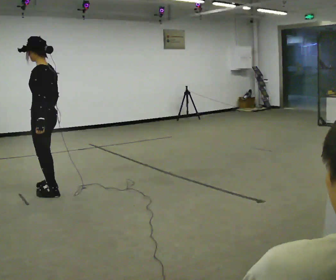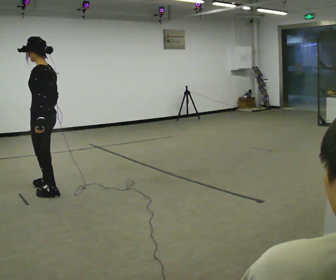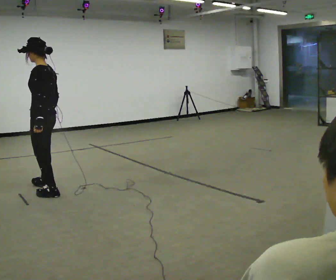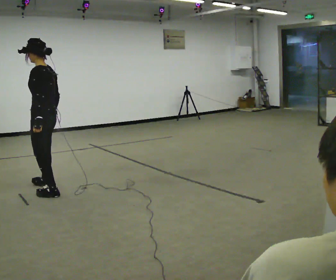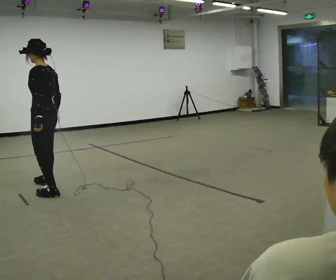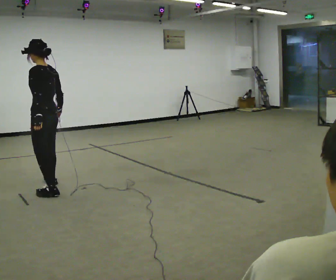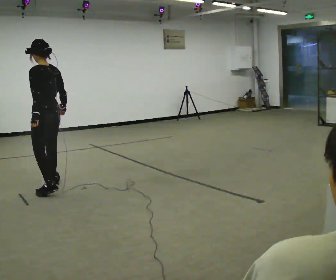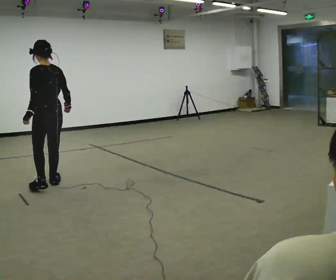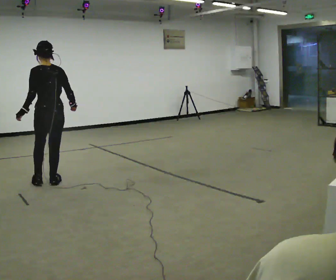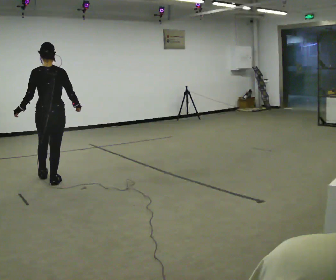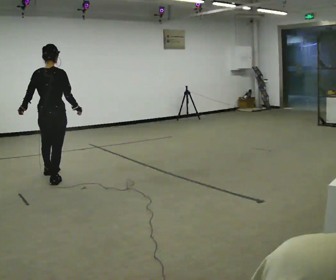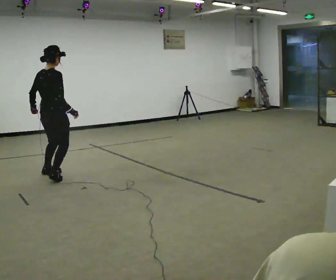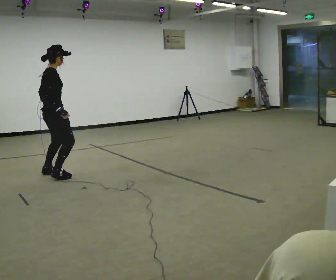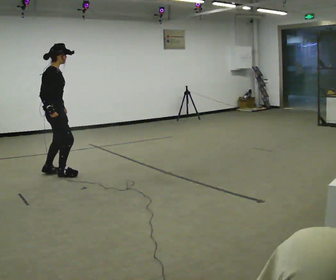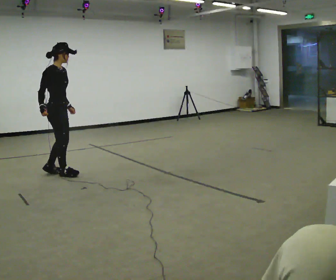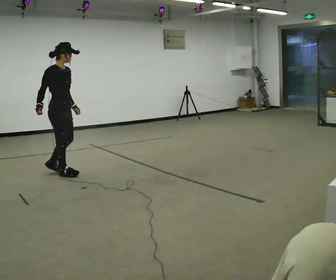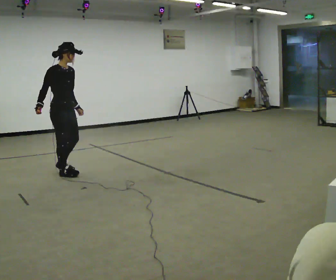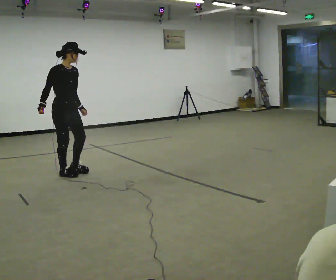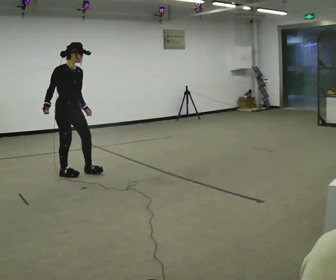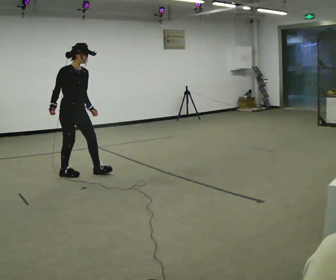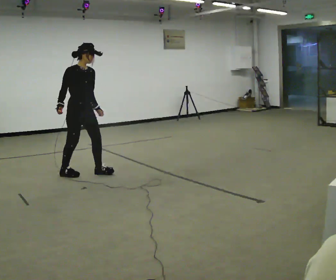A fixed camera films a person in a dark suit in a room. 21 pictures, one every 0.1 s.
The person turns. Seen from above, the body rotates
clockwise.
The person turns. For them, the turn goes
to their right.
0.0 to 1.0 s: The person turns about 75 degrees to their right, clockwise seen from above, so the part of the body nearest the lens slides to the left. In the picture they go away from the camera, about 0.5 m in 1 step.
1.0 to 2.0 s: The part of the body nearest the lens slides to the left as the person turns to their right by about 135 degrees. In the picture they go to the right and away from the camera, about 0.5 m in 2 steps.
The film runs backward here.
